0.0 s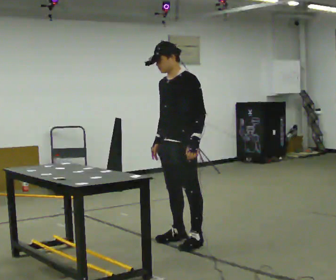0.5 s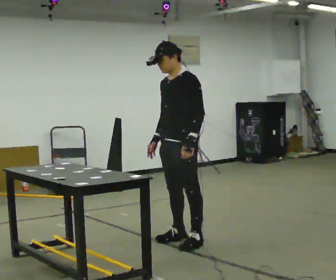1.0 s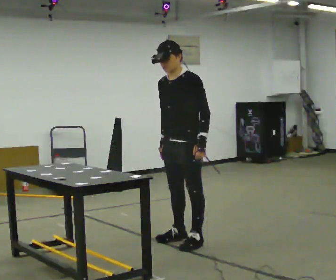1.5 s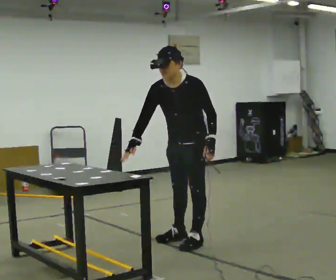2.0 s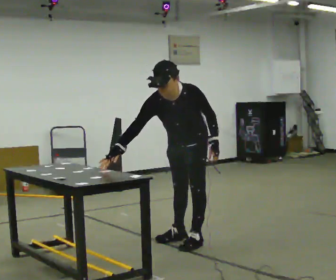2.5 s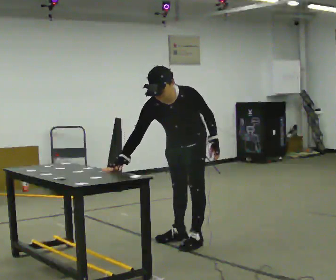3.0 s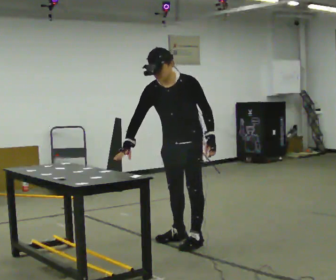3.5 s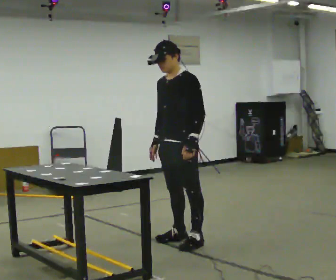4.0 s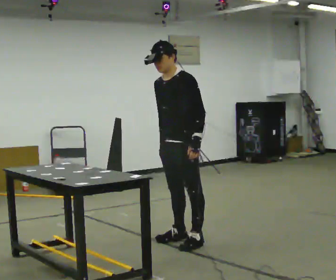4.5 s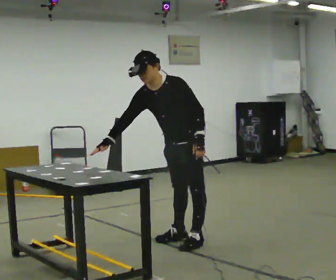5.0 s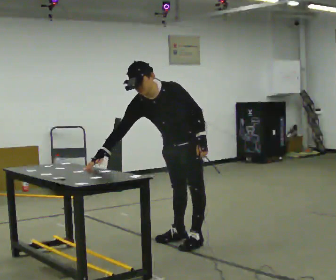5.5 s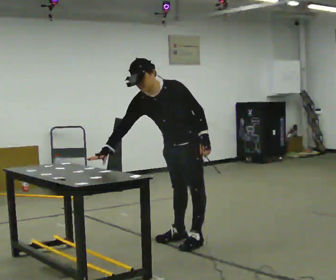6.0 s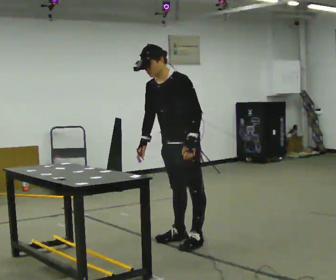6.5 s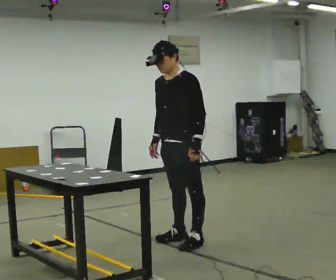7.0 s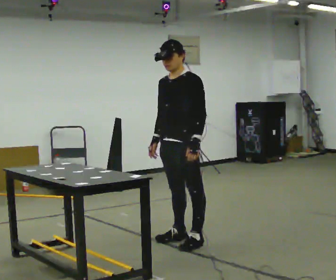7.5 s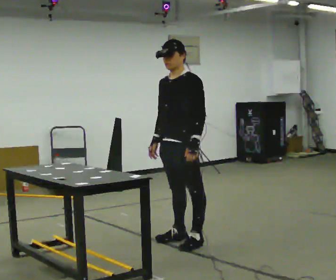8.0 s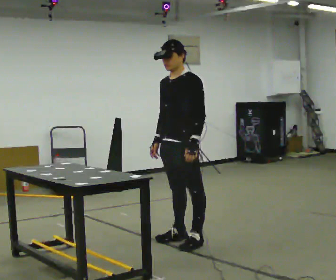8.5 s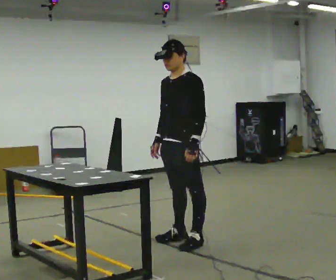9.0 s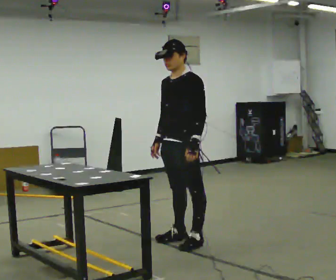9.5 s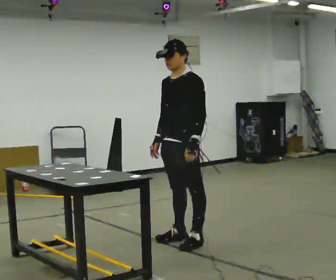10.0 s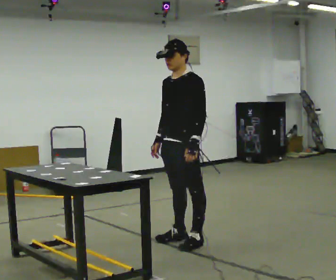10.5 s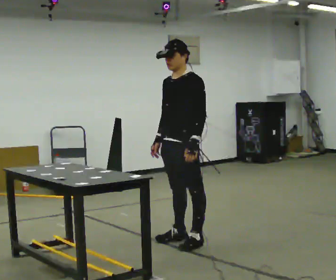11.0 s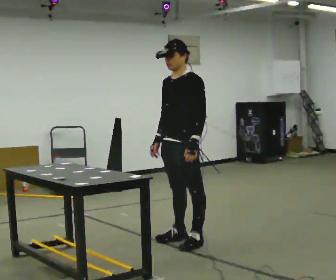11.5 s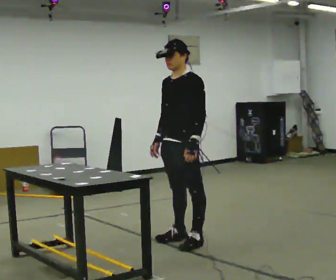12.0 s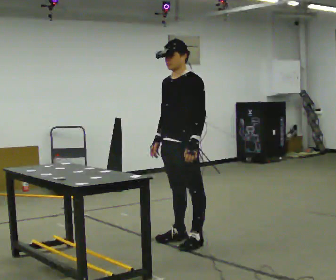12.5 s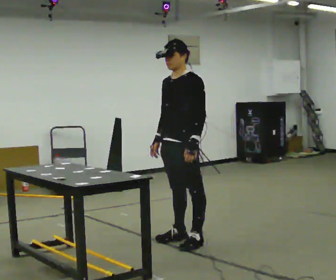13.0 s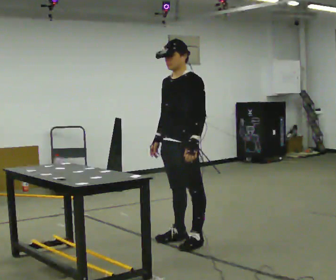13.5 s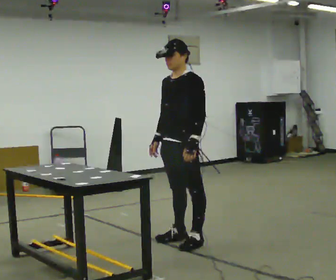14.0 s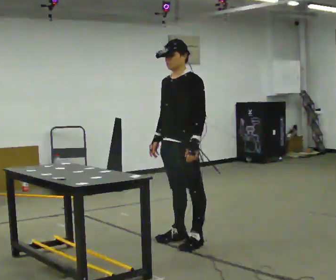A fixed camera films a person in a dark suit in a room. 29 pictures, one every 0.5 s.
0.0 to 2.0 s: Seen from above the body turns counterclockwise, about 30 degrees: to their left, with its near side sliding to the right. The upper body tips toward the camera, its near side rolling downward, as they bend forward.
2.0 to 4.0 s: The upper body tips away from the camera, its near side rolling upward, as they lean back or straighten.
4.0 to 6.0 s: The person moves a little, or ends about where they began.
6.0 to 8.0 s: In the picture the upper body tilts clockwise, shoulders to the right, as they lean back or straighten.
8.0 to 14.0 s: The person keeps their place and pose.
The film runs backward here.
